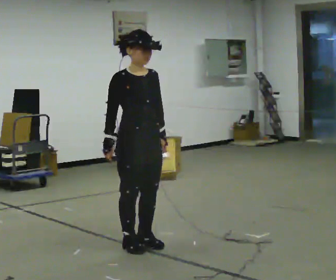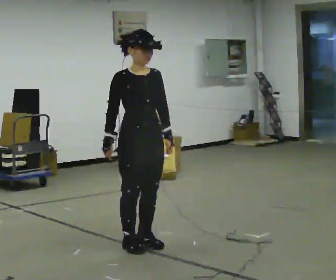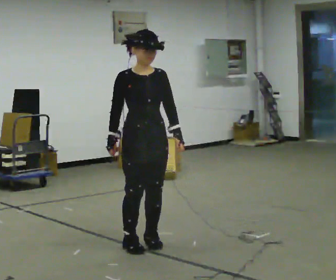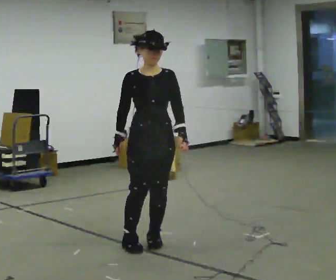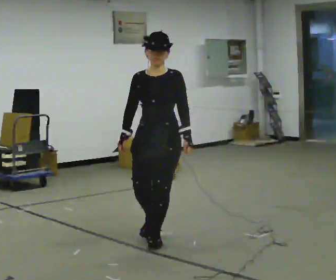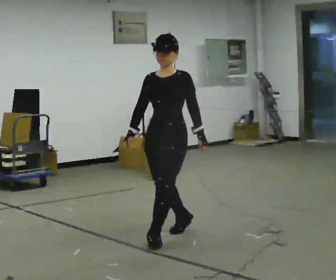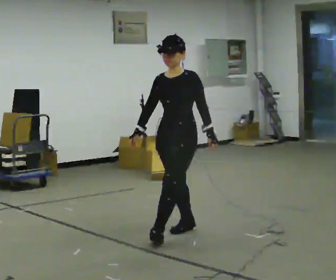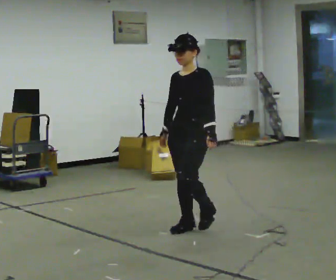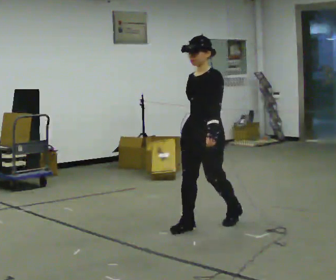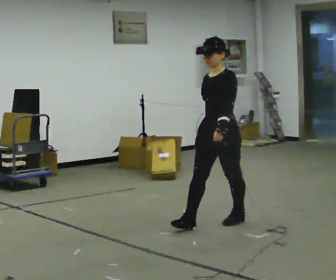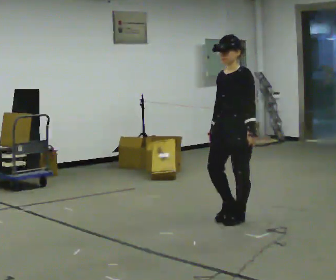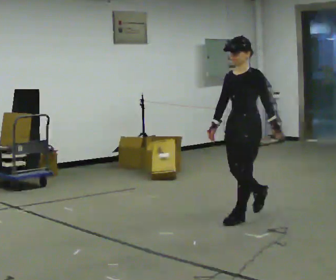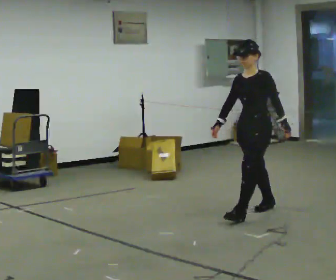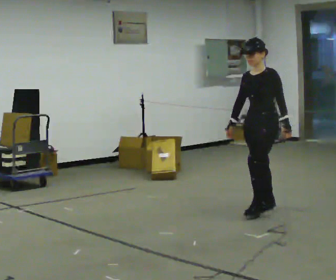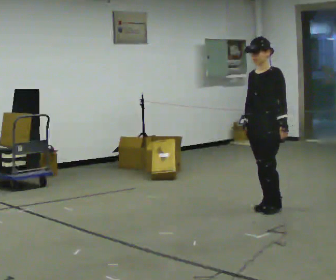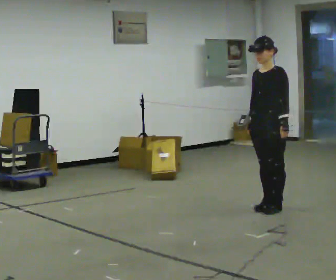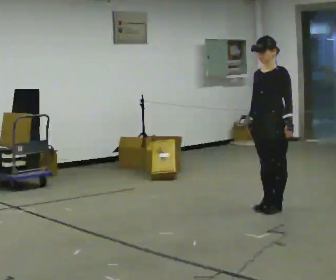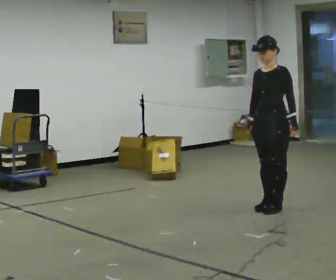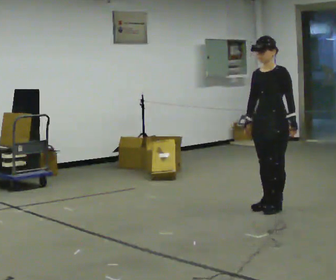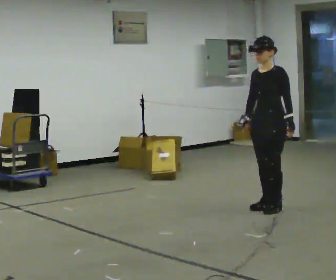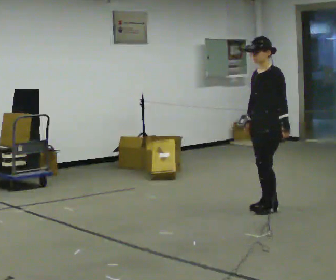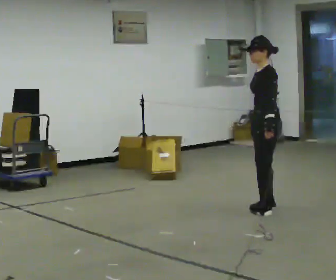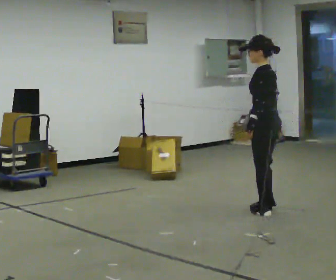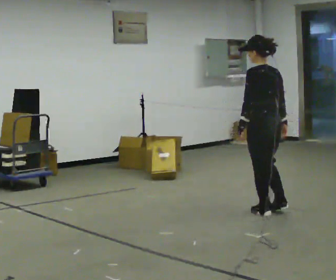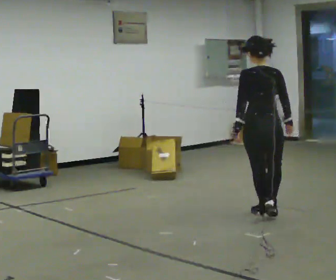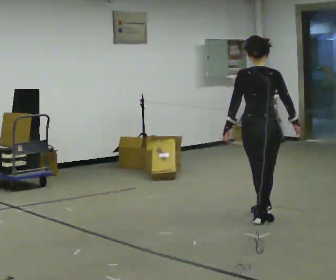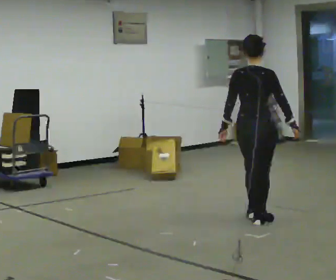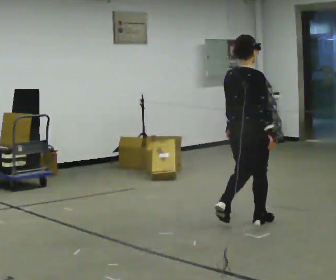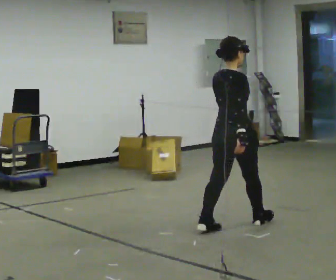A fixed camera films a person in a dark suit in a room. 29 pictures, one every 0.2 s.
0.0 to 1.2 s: Seen from above the body turns clockwise, about 75 degrees: to their right, with its near side sliding to the left. In the picture they go away from the camera and to the right, about 0.5 m in 2 steps.
1.2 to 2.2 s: In the picture they go away from the camera and to the right, about 1 m in 1 step, which for them is backward.
2.2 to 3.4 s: In the picture they go away from the camera and to the right, about 0.5 m in 1 step, which for them is backward.
3.4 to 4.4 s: The person turns about 60 degrees to their right, clockwise seen from above, so the part of the body nearest the lens slides to the left. In the picture they go toward the camera, about 0.25 m in 2 steps. In the picture their left hand goes to the left.
4.4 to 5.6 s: The person turns about 120 degrees to their right, clockwise seen from above, so the part of the body nearest the lens slides to the left. In the picture they go toward the camera and to the left, about 0.5 m in 1 step.
The film runs backward here.
